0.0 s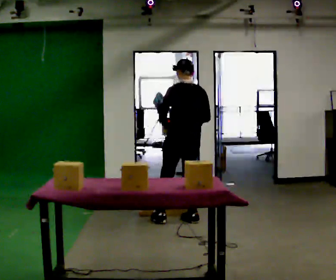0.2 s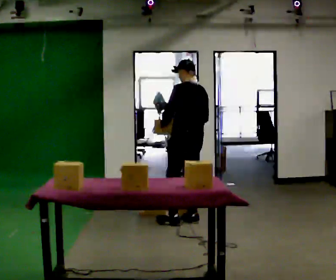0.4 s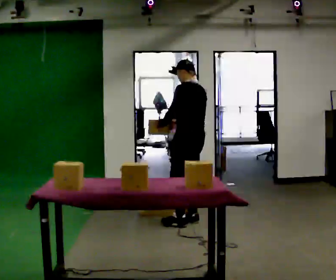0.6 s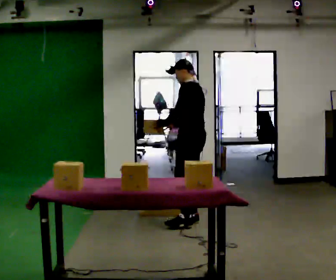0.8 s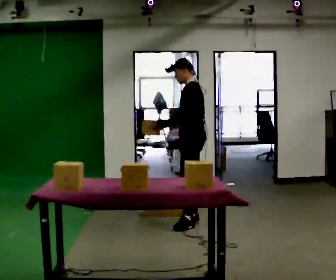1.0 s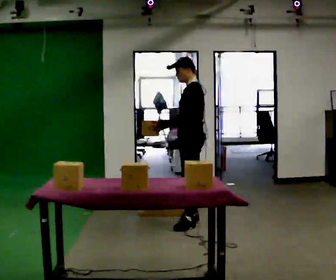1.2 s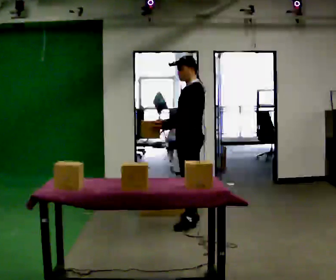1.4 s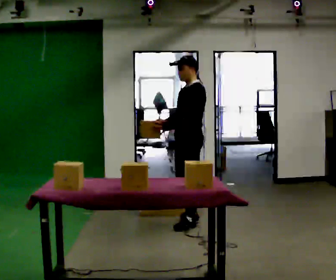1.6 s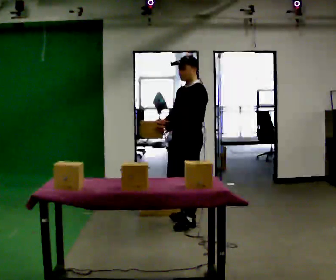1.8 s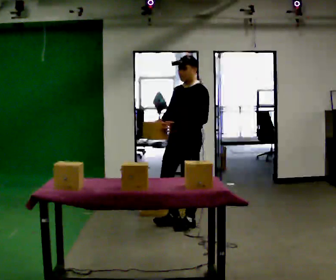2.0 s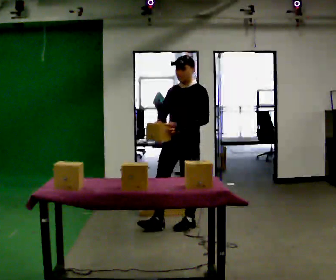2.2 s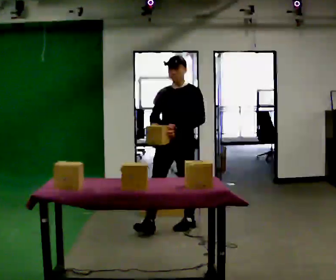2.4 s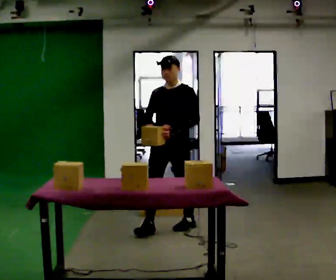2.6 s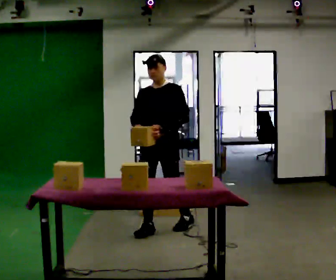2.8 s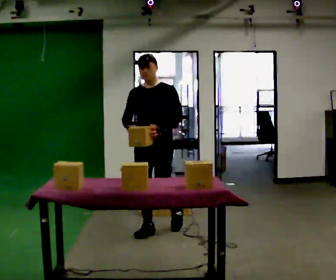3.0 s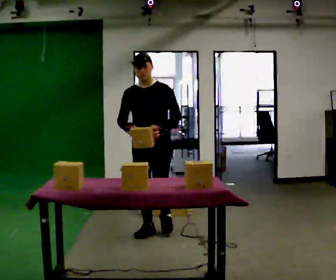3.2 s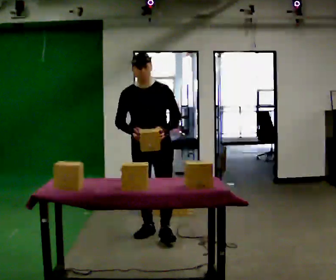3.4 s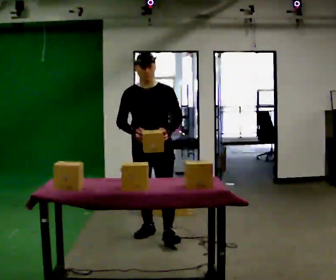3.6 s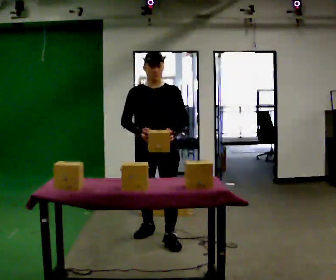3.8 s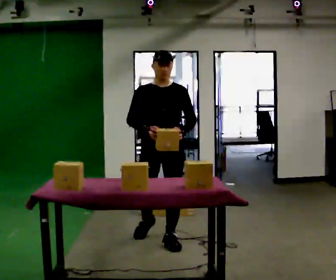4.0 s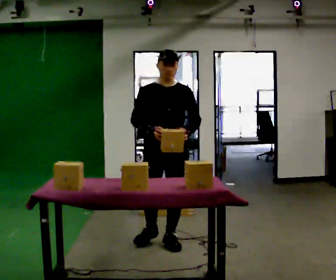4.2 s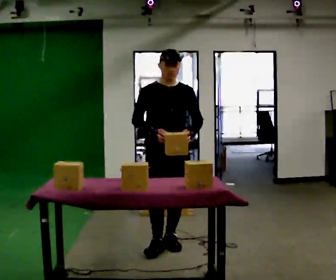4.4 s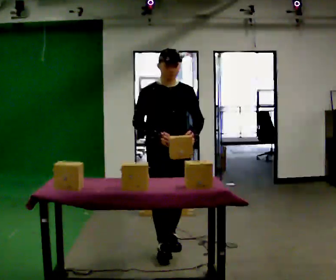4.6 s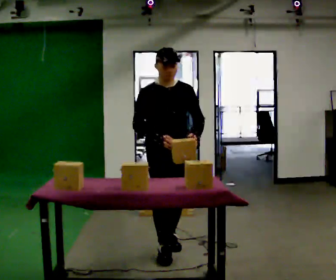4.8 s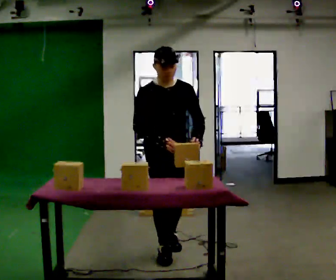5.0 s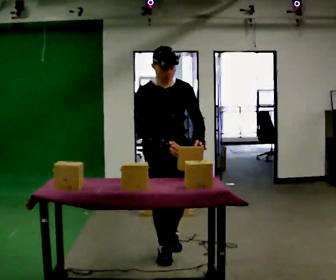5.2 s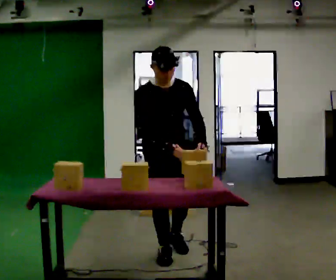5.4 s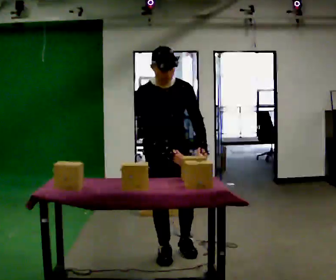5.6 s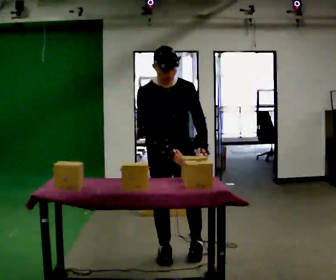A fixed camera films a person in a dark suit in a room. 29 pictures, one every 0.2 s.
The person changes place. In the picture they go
toward the camera.
The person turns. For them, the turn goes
to their left.
0.0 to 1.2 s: The person turns about 75 degrees to their left, counterclockwise seen from above, so the part of the body nearest the lens slides to the right. In the picture they go toward the camera, about 0.25 m in 1 step.
1.2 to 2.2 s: The part of the body nearest the lens slides to the right as the person turns to their left by about 45 degrees. In the picture they go toward the camera, about 0.25 m in 1 step, which for them is forward.
2.2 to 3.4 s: The person turns about 30 degrees to their left, counterclockwise seen from above, so the part of the body nearest the lens slides to the right. In the picture they go toward the camera and to the left, about 0.5 m in 1 step, which for them is forward.
3.4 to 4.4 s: In the picture they go toward the camera, about 0.5 m in 1 step, which for them is forward.
4.4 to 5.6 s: In the picture they go toward the camera, about 0.25 m, which for them is forward.
The film runs forward here.
